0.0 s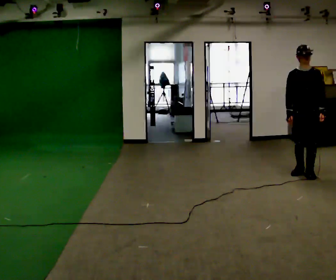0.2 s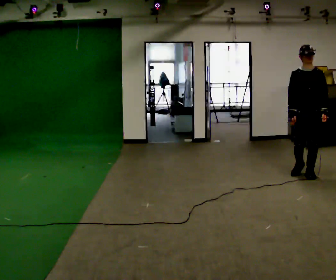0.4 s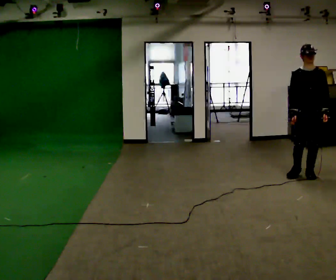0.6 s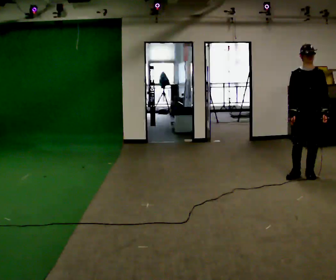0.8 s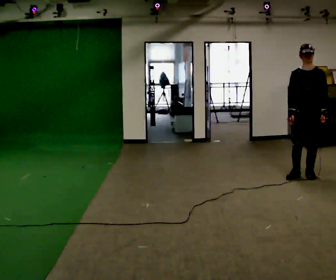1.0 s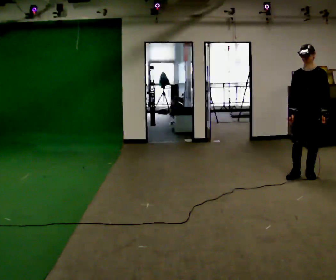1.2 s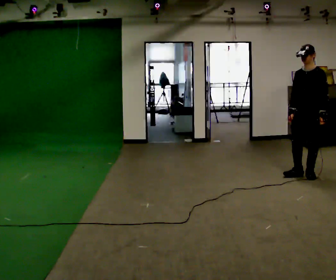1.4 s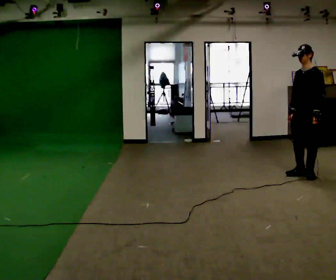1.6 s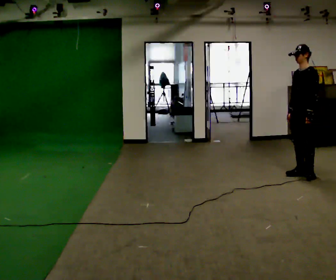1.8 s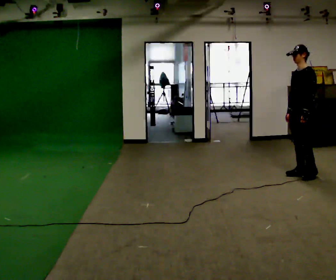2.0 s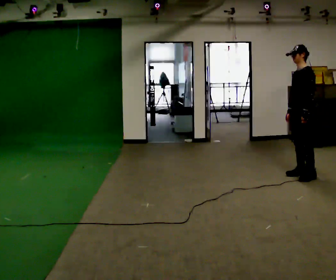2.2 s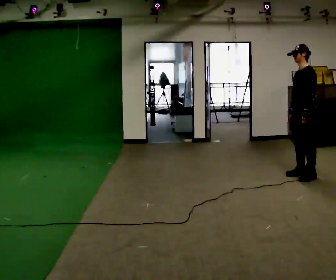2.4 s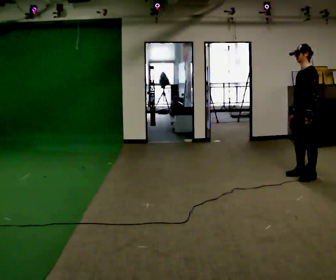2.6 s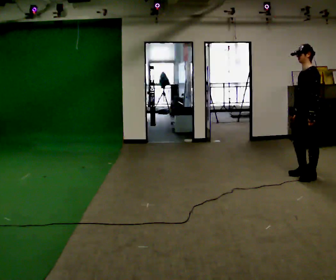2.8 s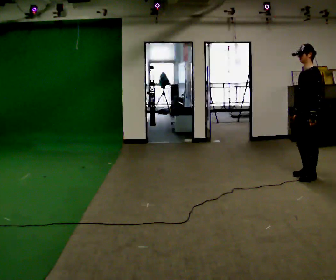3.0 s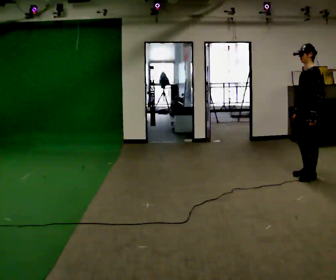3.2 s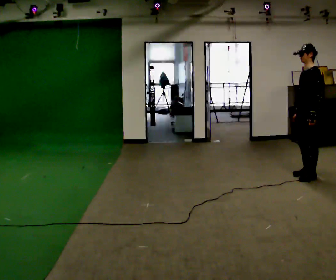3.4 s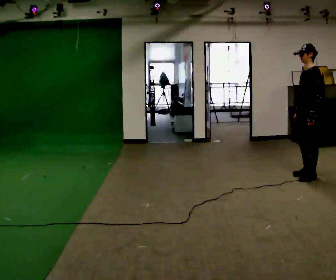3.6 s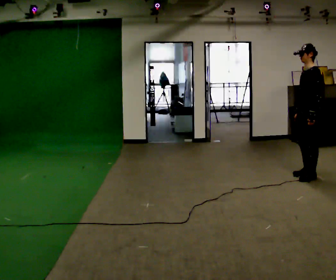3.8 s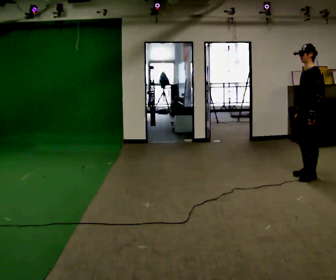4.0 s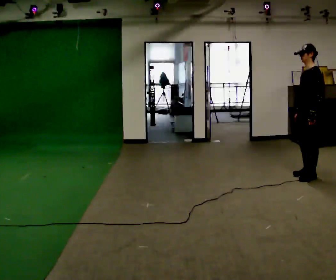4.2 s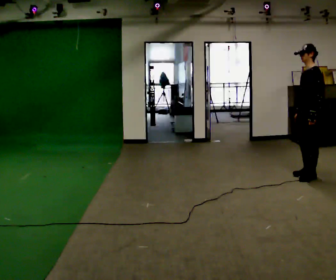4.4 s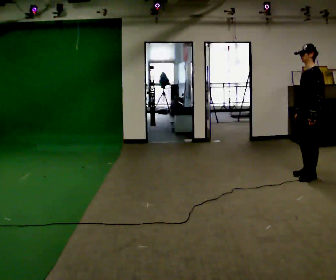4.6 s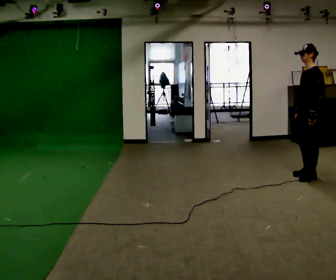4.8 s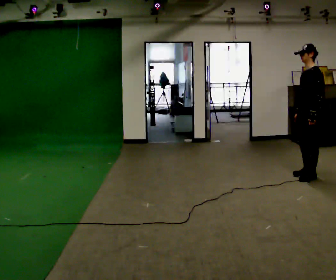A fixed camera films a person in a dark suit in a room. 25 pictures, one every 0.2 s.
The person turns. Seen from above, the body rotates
clockwise.
The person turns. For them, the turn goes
to their right.
0.0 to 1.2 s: Seen from above the body turns clockwise, about 30 degrees: to their right, with its near side sliding to the left.
1.2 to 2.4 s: The person turns about 30 degrees to their right, clockwise seen from above, so the part of the body nearest the lens slides to the left.
2.4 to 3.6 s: The person moves a little, or ends about where they began.
3.6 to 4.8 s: The person keeps their place and pose.
The film runs forward here.
